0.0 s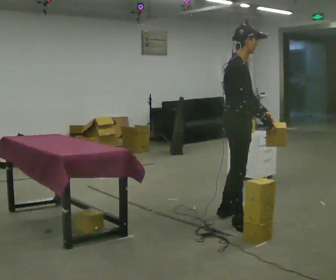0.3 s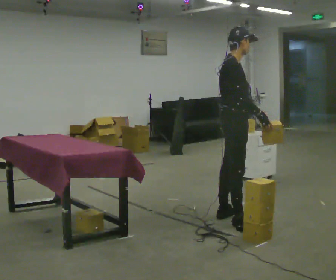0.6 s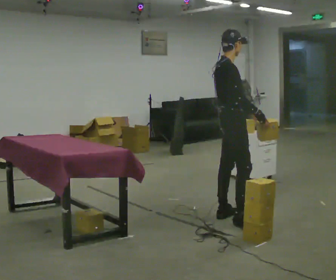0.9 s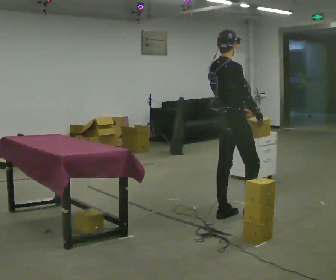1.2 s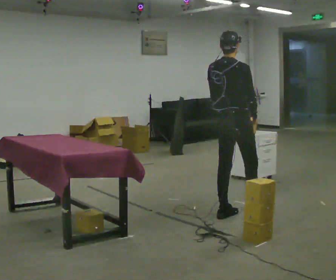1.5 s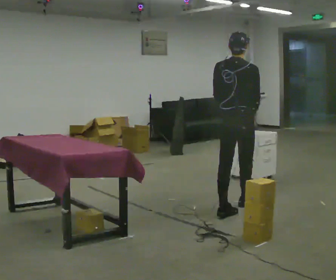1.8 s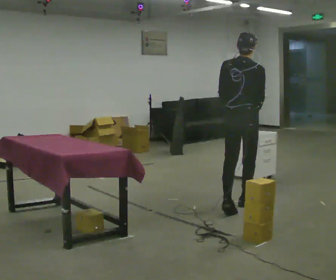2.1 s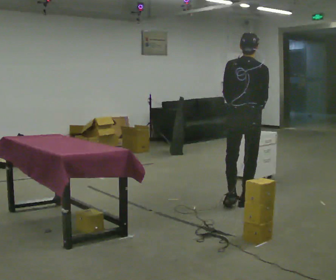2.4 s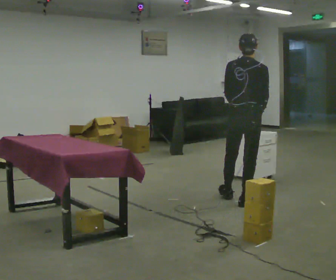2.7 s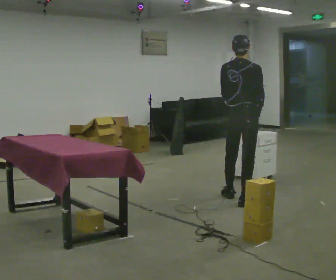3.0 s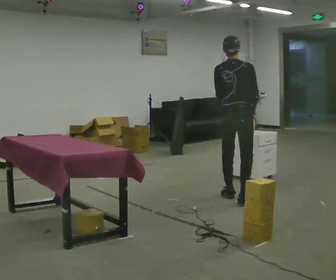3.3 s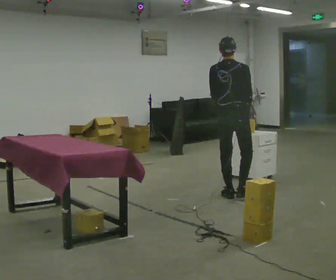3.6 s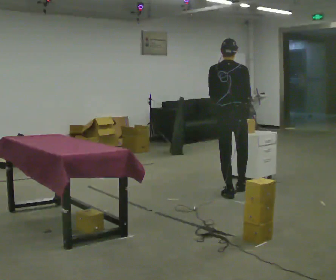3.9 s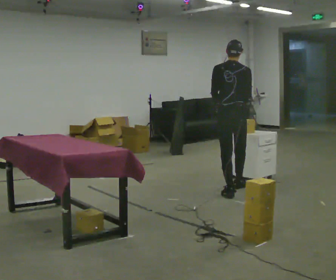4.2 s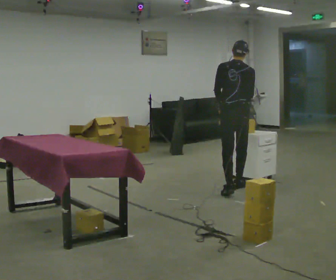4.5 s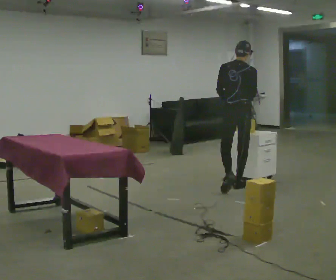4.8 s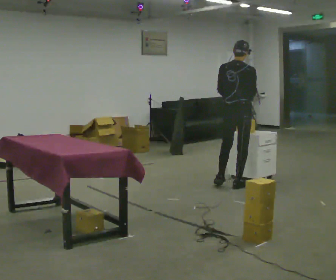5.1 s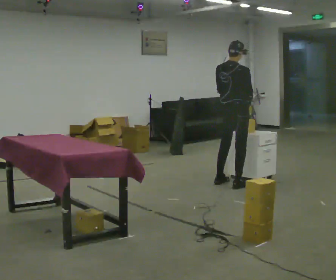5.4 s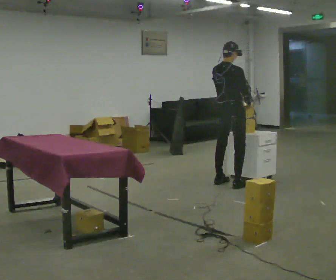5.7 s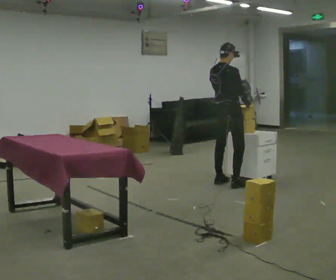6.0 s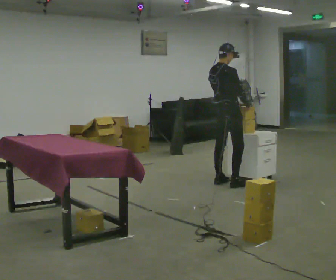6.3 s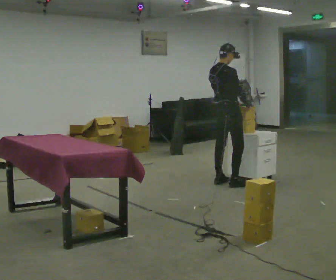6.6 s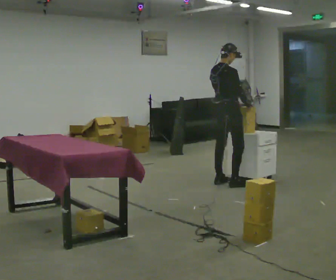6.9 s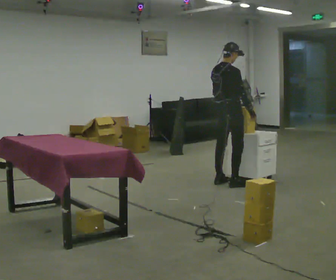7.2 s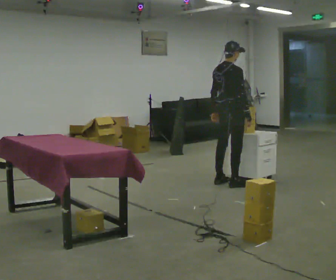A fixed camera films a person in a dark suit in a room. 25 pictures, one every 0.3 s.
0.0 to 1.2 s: The person turns about 60 degrees to their left, counterclockwise seen from above, so the part of the body nearest the lens slides to the right. In the picture they go away from the camera, about 0.25 m, which for them is to their left.
1.2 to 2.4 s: In the picture they go away from the camera, about 0.25 m in 1 step, which for them is forward.
2.4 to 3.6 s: In the picture they go away from the camera, about 0.5 m in 1 step, which for them is forward and to their left.
3.6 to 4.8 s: In the picture they go away from the camera, about 0.25 m in 1 step, which for them is forward and to their right.
4.8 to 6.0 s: The person turns about 45 degrees to their right, clockwise seen from above, so the part of the body nearest the lens slides to the left. In the picture they go away from the camera and to the left, about 0.25 m in 1 step, which for them is to their left.
6.0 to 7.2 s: The person moves a little, or ends about where they began.
The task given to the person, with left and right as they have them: 1. The operator will tell you the shelf is already sorted and just needs moving to the table. 2. Do what you think is right. 3. Tell the operator when you are finished.
The film runs forward here.
